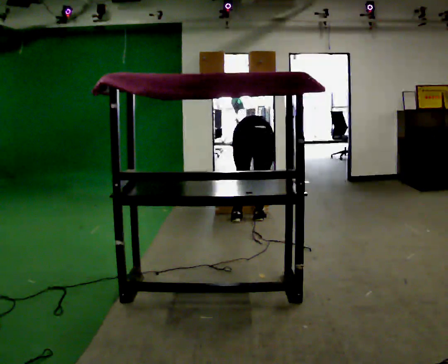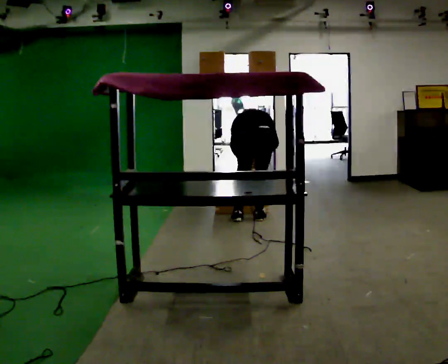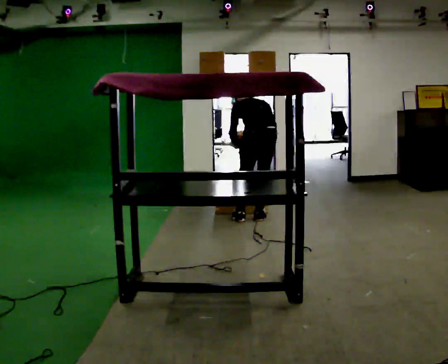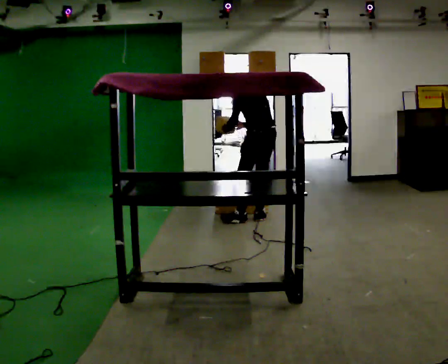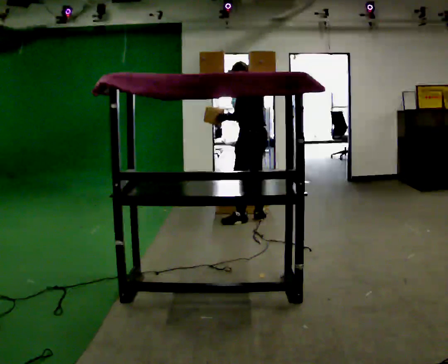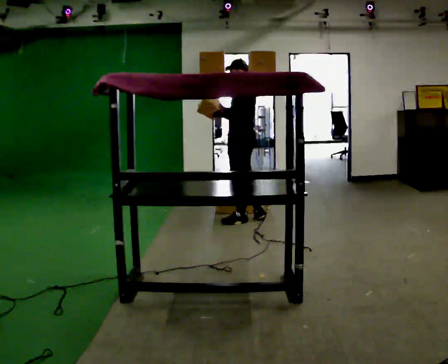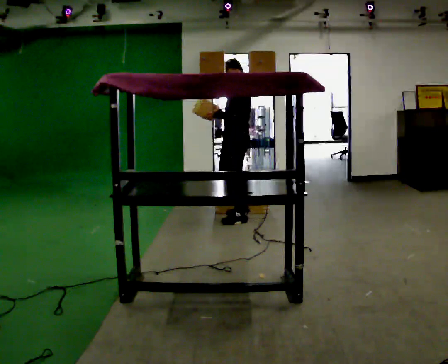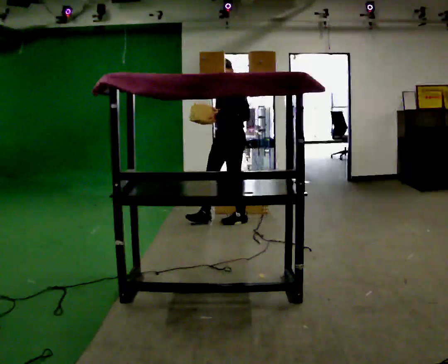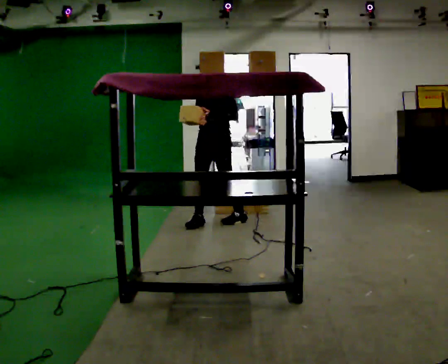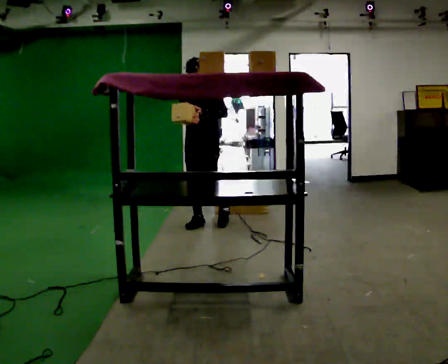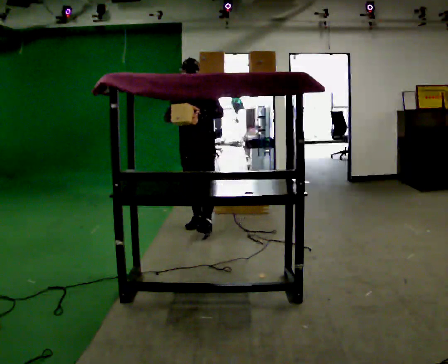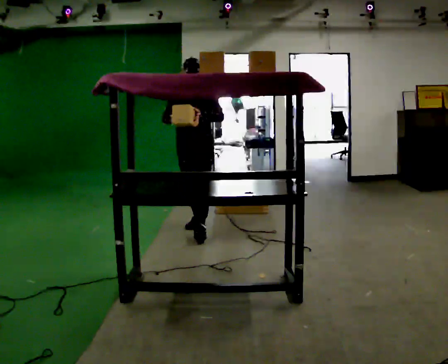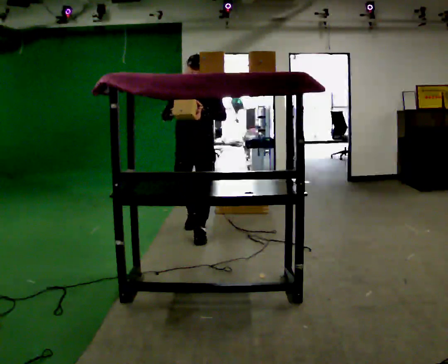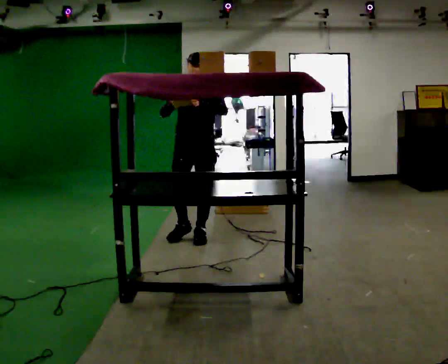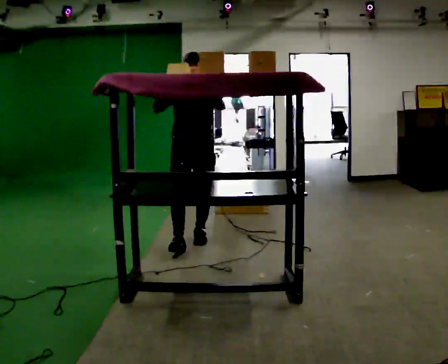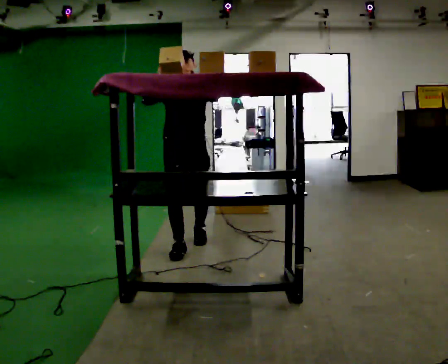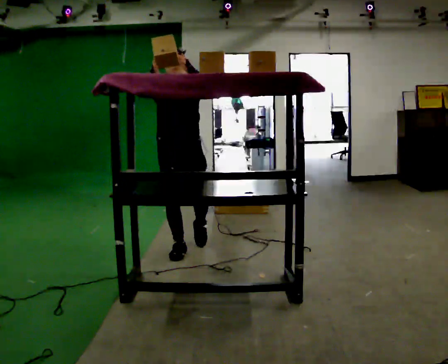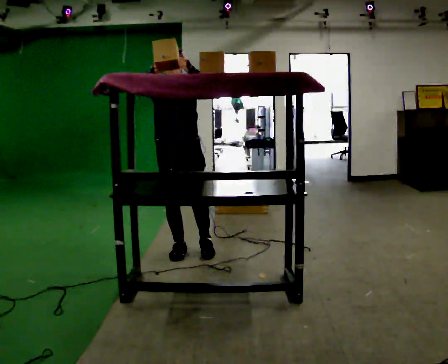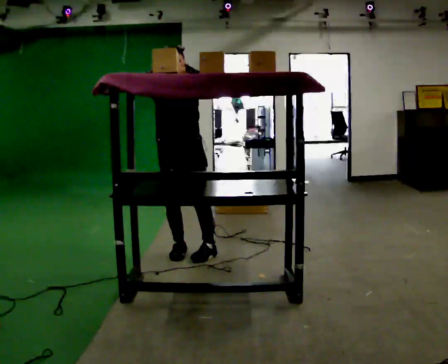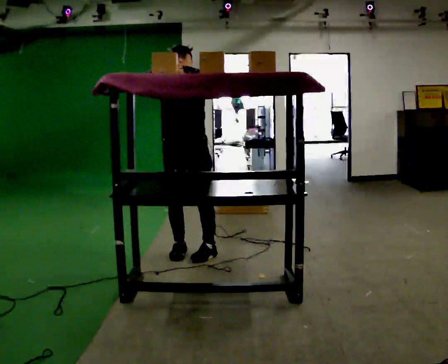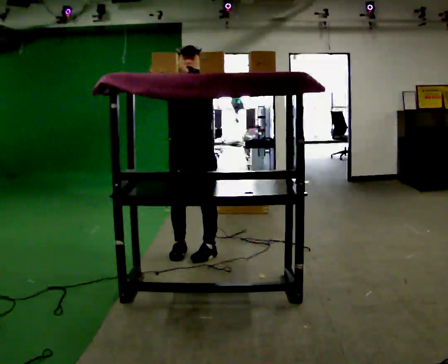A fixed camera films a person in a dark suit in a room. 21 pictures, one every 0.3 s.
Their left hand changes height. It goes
upward.
Their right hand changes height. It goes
upward.
0.0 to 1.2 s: Seen from above the body turns counterclockwise, about 60 degrees: to their left, with its near side sliding to the right. The shoulders move upward. The upper body tips toward the camera, its near side rolling downward, as they lean back or straighten. In the picture their right hand goes upward and to the left, the arm swinging clockwise.
1.2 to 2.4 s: Seen from above the body turns counterclockwise, about 90 degrees: to their left, with its near side sliding to the right. In the picture they go to the left, about 0.5 m in 1 step.
2.4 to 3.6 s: In the picture they go toward the camera and to the left, about 0.5 m in 1 step, which for them is forward.
3.6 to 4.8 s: In the picture they go toward the camera, about 0.5 m in 1 step, which for them is forward. In the picture their right hand goes upward.
4.8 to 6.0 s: The person moves a little, or ends about where they began.
The film runs forward here.
